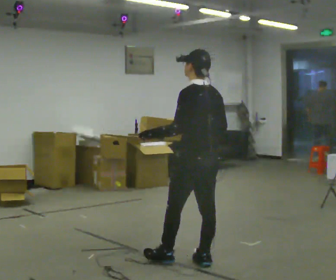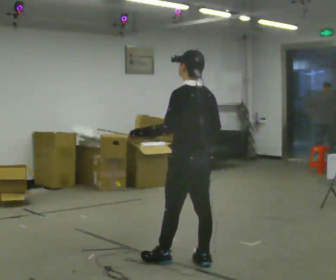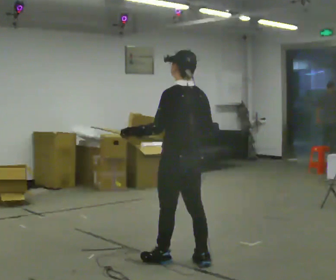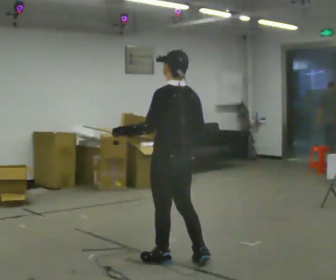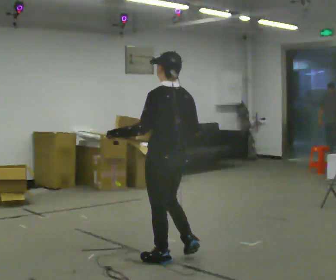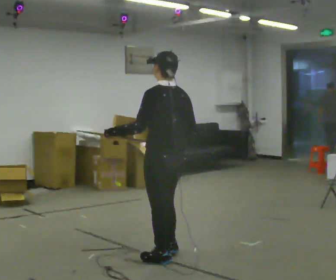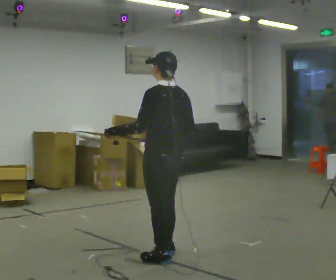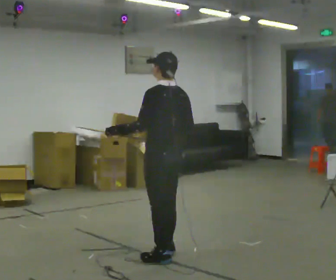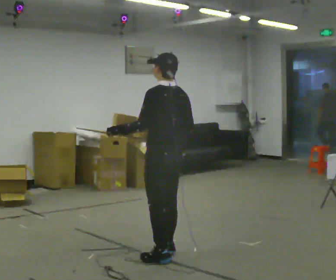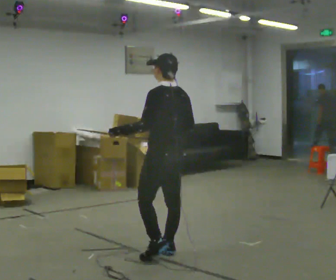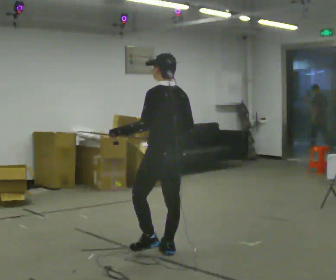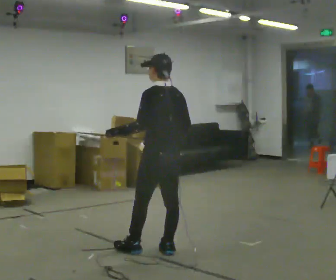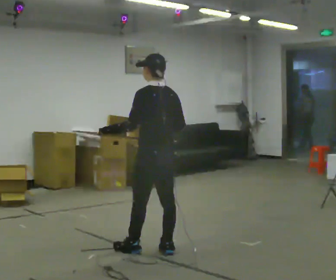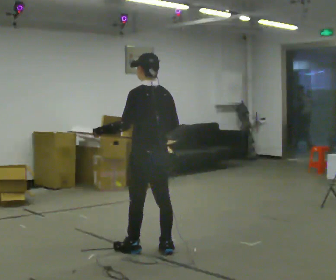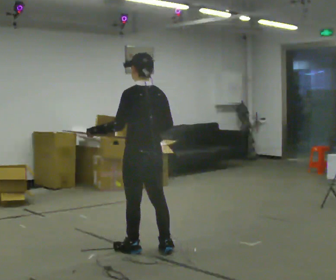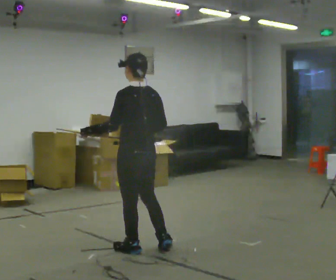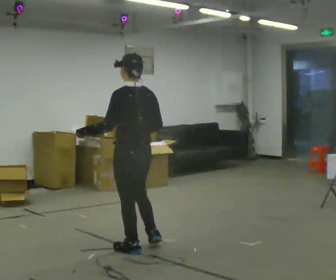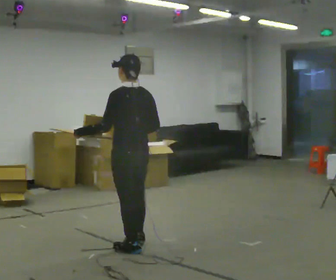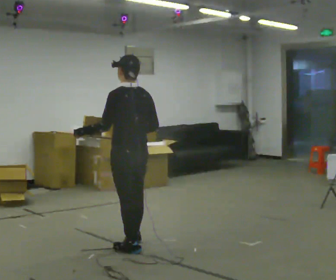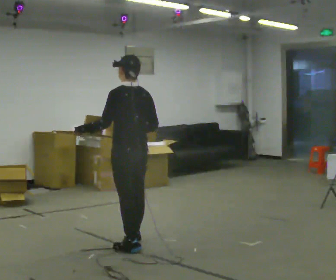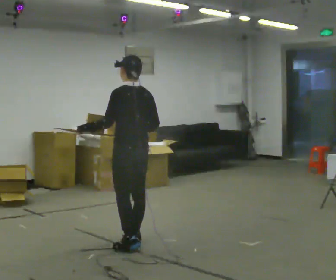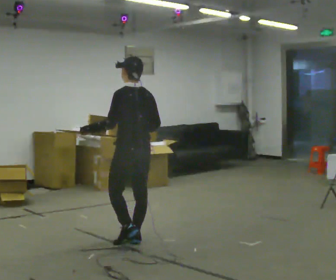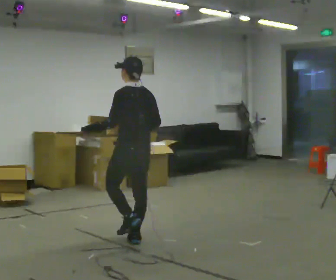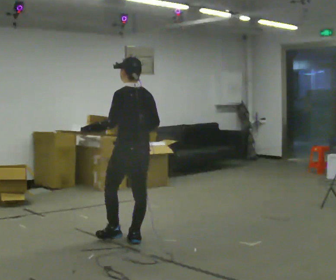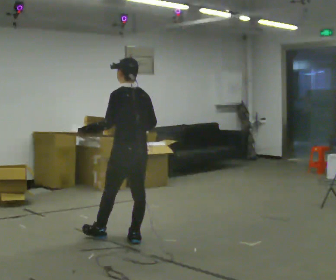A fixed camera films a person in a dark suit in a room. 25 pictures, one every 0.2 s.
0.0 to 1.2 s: In the picture they go to the left and away from the camera, about 0.25 m in 2 steps, which for them is forward.
1.2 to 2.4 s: In the picture they go away from the camera, about 0.25 m in 1 step, which for them is forward.
2.4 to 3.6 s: In the picture they go to the left, about 0.25 m in 1 step, which for them is forward.
3.6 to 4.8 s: In the picture they go away from the camera, about 0.25 m in 1 step, which for them is forward and to their right.
The film runs forward here.
